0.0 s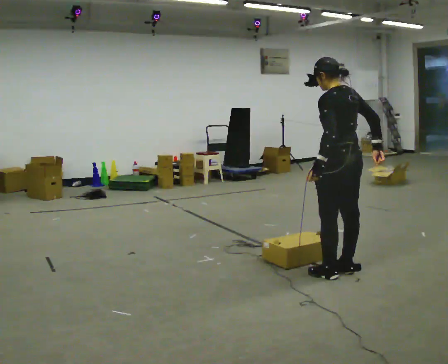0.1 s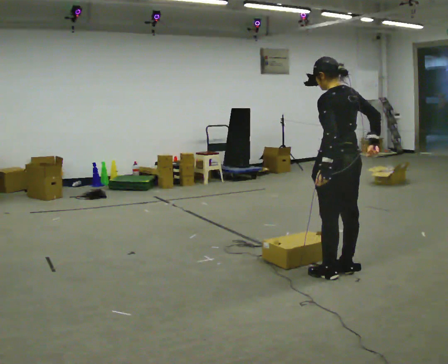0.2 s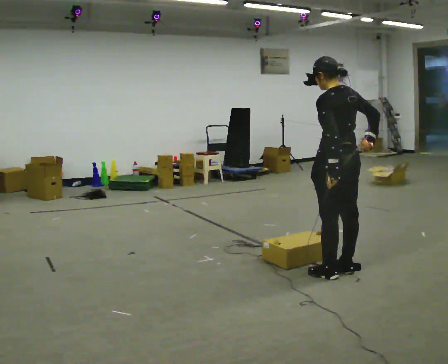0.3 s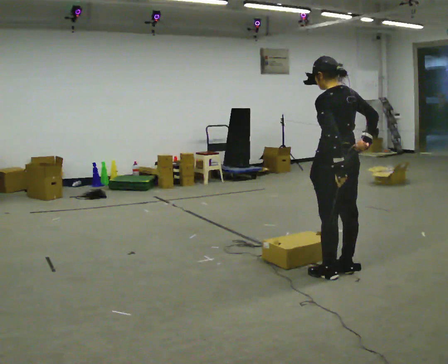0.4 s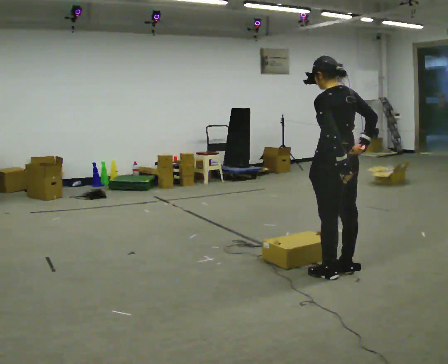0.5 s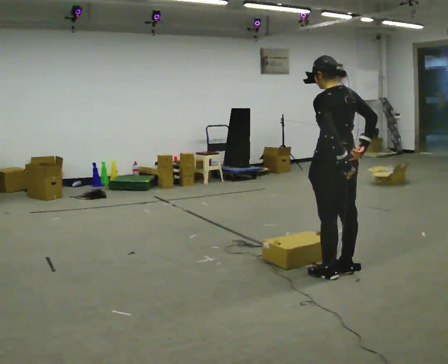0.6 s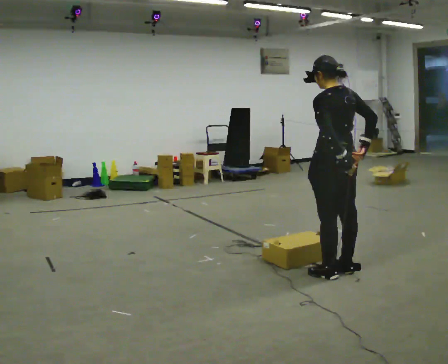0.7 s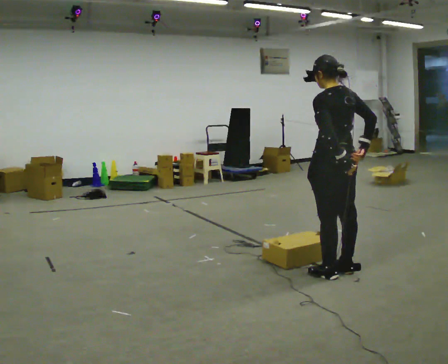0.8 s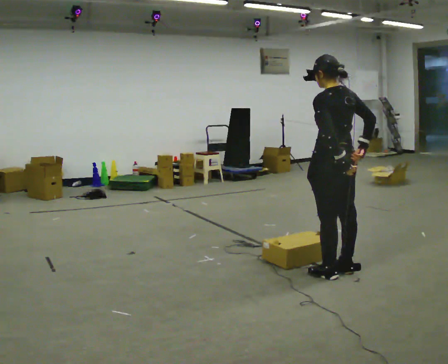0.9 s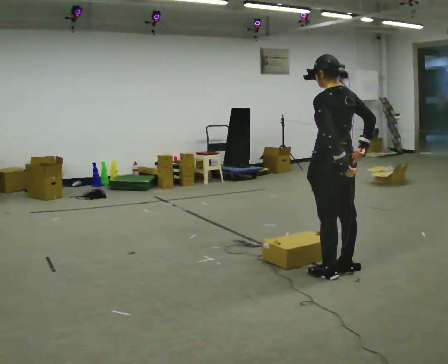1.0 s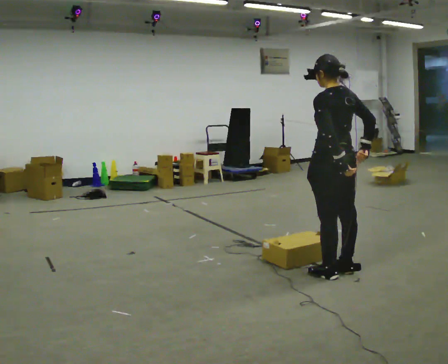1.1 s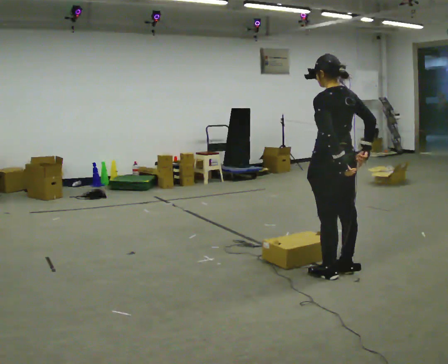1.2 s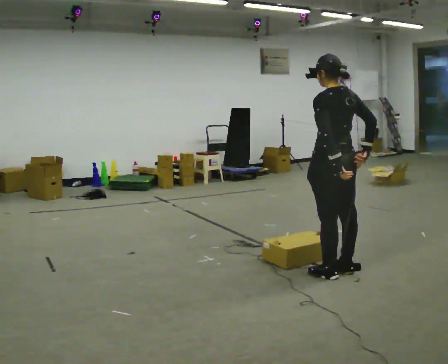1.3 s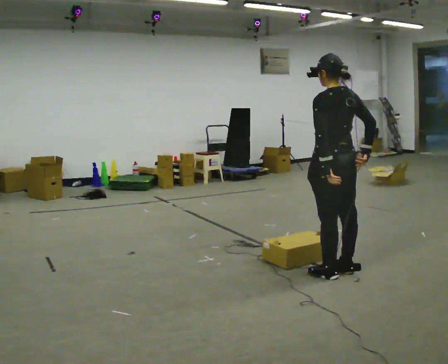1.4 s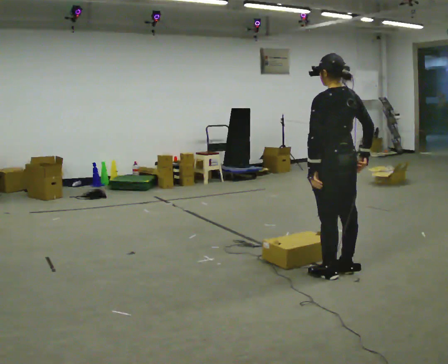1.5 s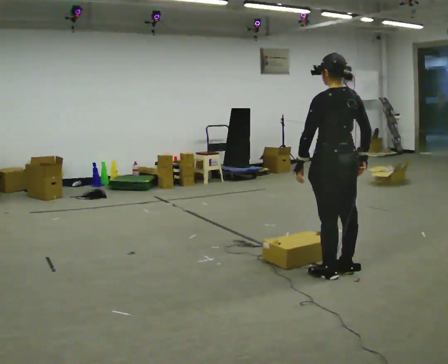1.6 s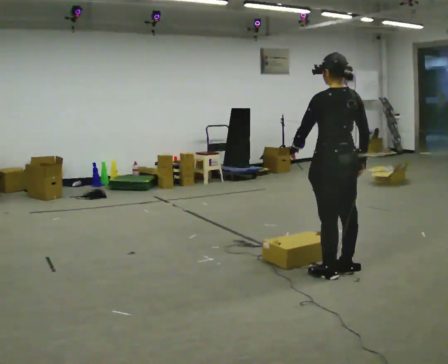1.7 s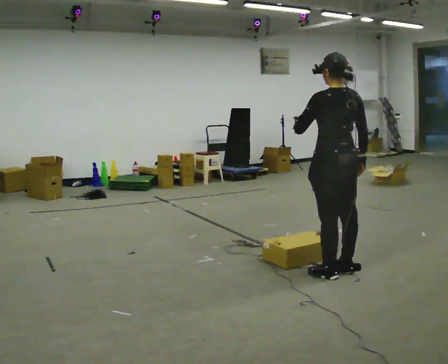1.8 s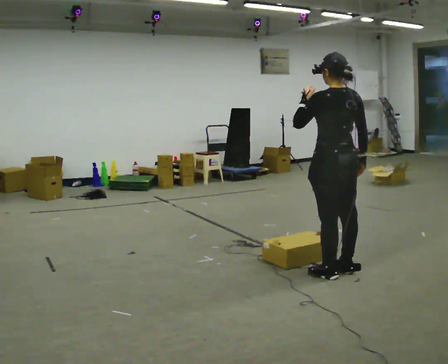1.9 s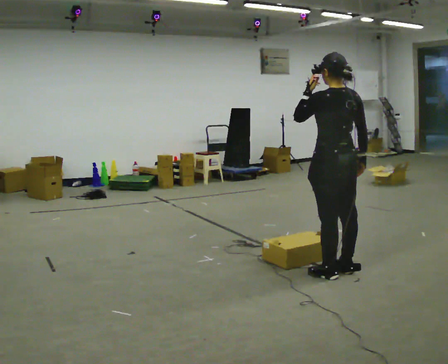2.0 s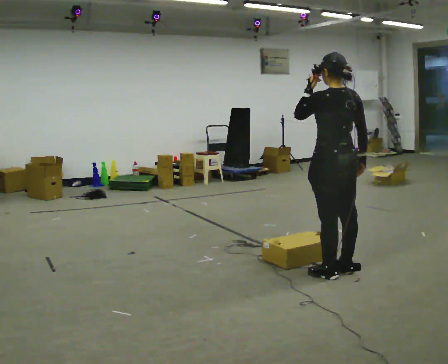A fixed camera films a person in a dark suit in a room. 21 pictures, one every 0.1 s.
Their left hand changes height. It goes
upward.
0.0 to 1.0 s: The person moves a little, or ends about where they began.
1.0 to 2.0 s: In the picture their left hand goes upward.
The film runs backward here.
